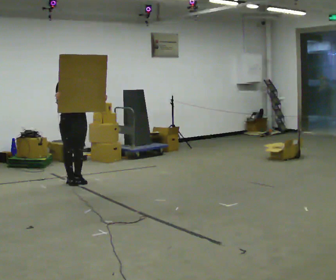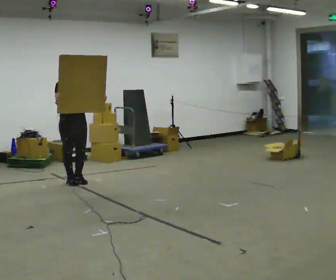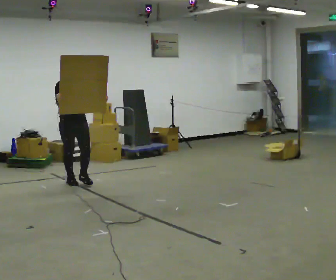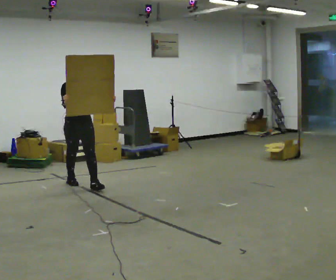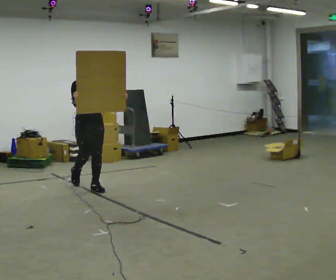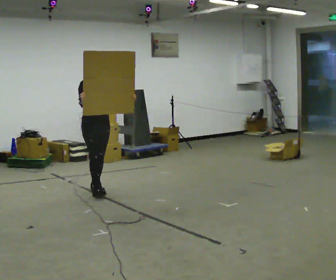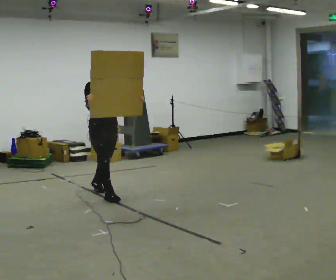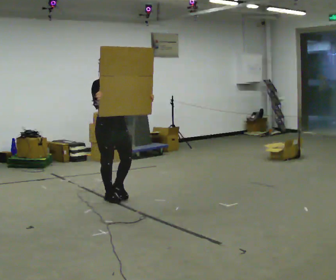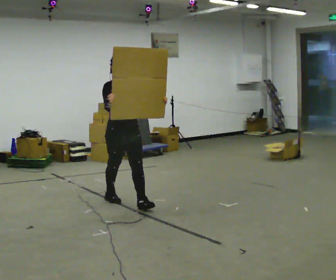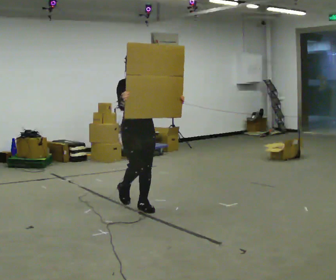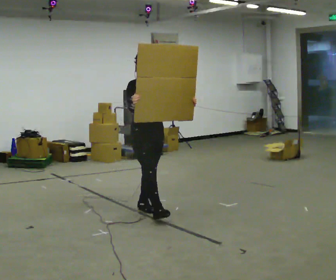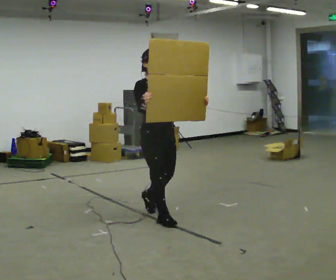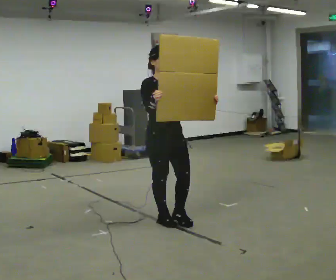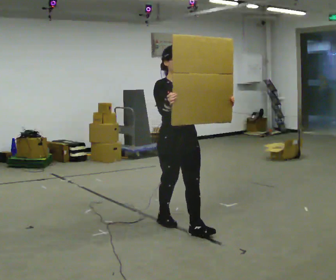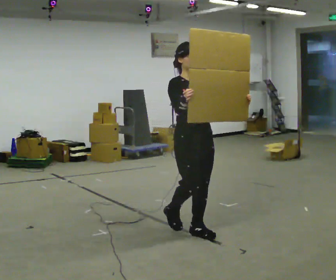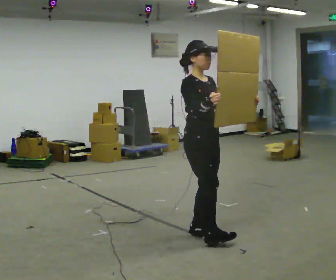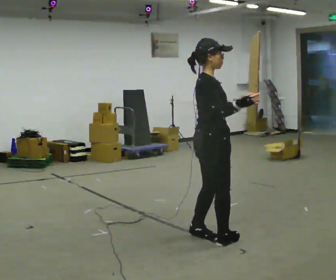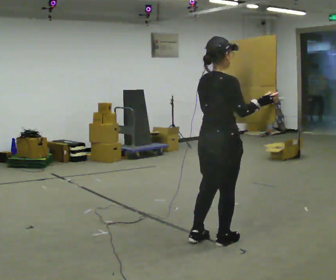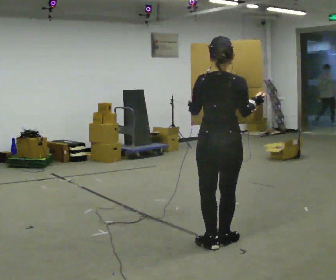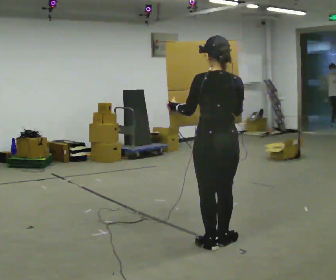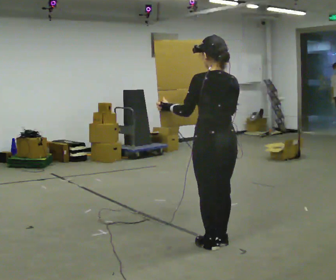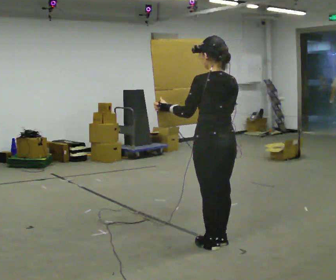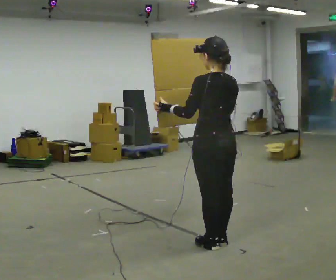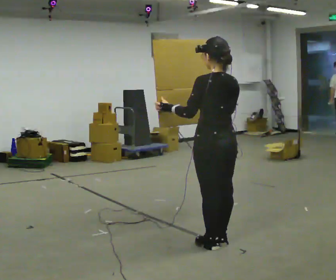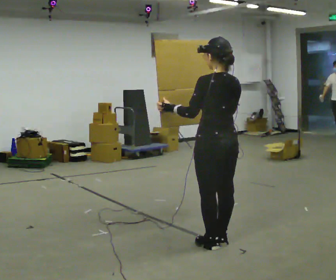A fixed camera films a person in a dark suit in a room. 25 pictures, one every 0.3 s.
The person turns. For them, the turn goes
to their left.
The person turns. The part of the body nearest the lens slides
to the right.
0.0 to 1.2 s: In the picture they go to the right and toward the camera, about 0.5 m in 1 step, which for them is forward.
1.2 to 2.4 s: In the picture they go toward the camera and to the right, about 1 m in 2 steps, which for them is forward.
2.4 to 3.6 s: In the picture they go toward the camera and to the right, about 1 m in 1 step, which for them is forward.
3.6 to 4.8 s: The person turns about 60 degrees to their left, counterclockwise seen from above, so the part of the body nearest the lens slides to the right. In the picture they go toward the camera and to the right, about 0.5 m in 2 steps.
4.8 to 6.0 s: Seen from above the body turns counterclockwise, about 105 degrees: to their left, with its near side sliding to the right. In the picture they go toward the camera, about 0.25 m in 1 step. In the picture their left hand goes to the left.
6.0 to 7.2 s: The person moves a little, or ends about where they began.
The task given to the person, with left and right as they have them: Carry the large panel across the room. It will block your view ahead, so take whatever route feels safe. Keep going until the operator says stop; one object at a time, and do not rush between trips.
The film runs forward here.
